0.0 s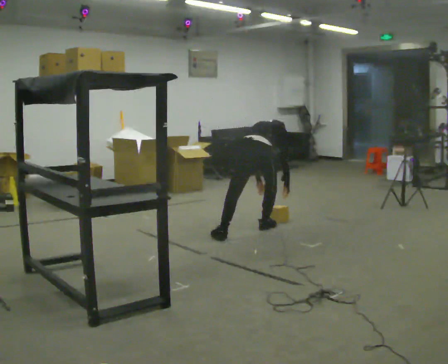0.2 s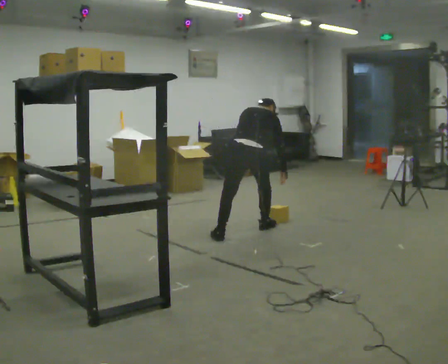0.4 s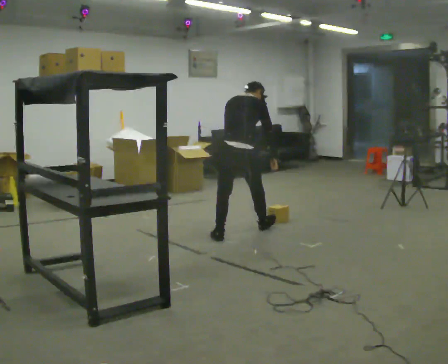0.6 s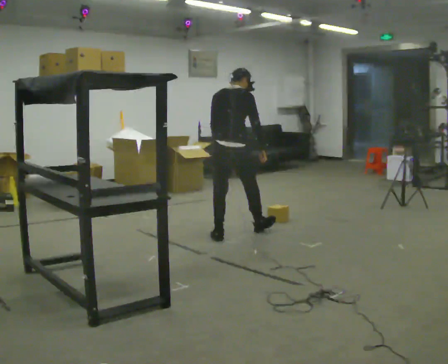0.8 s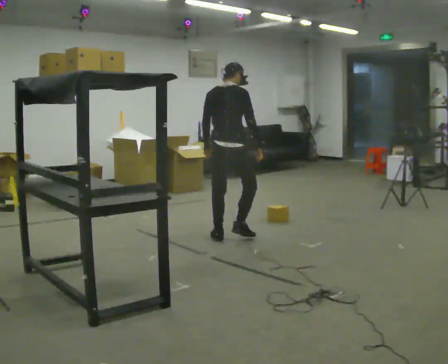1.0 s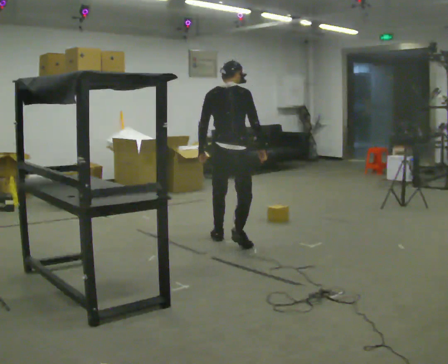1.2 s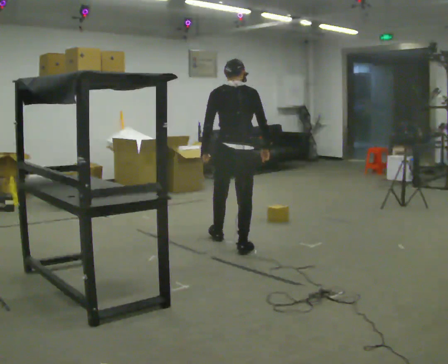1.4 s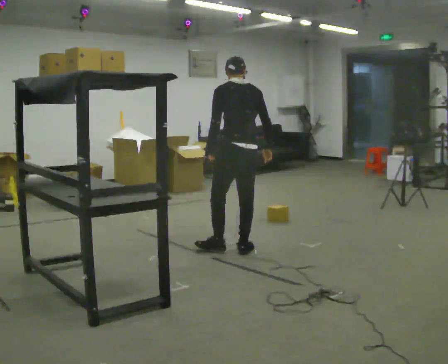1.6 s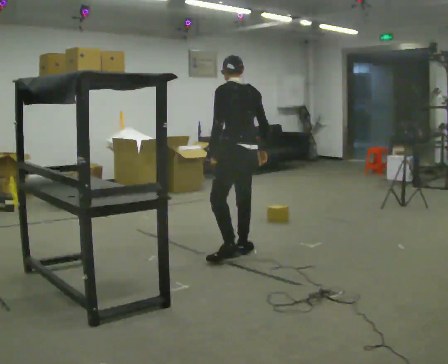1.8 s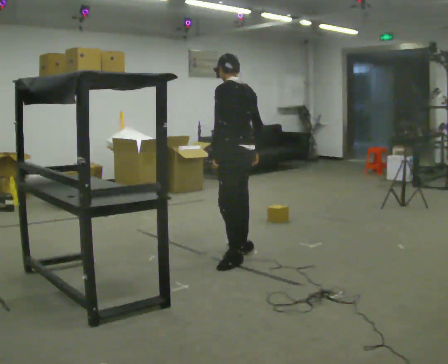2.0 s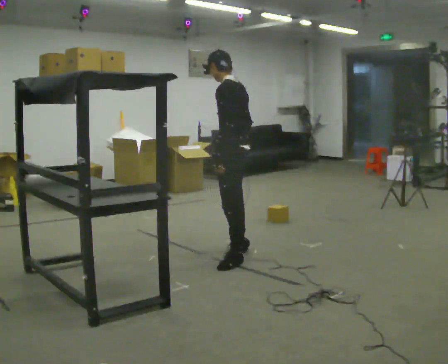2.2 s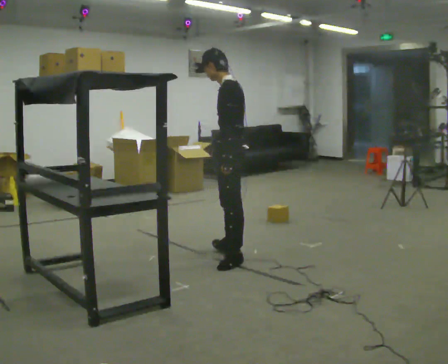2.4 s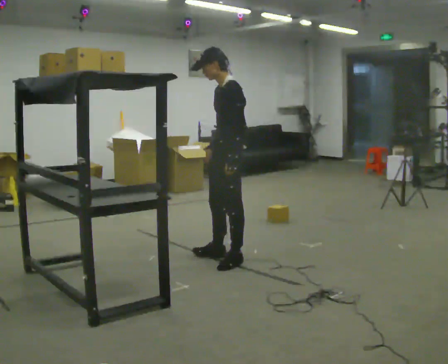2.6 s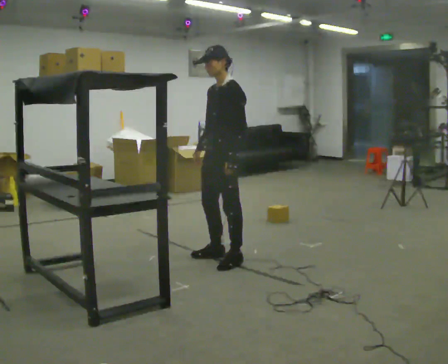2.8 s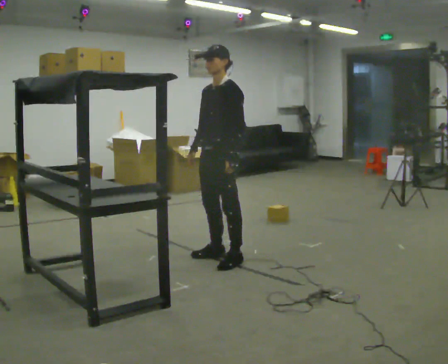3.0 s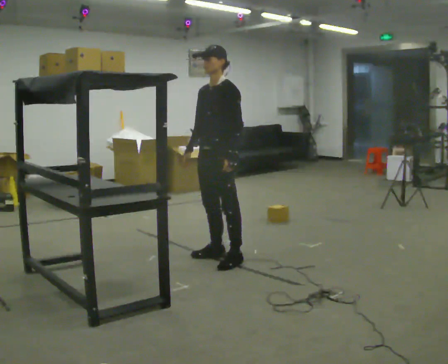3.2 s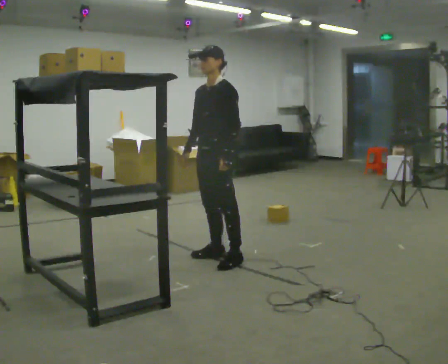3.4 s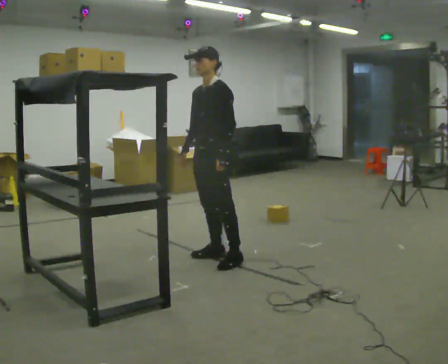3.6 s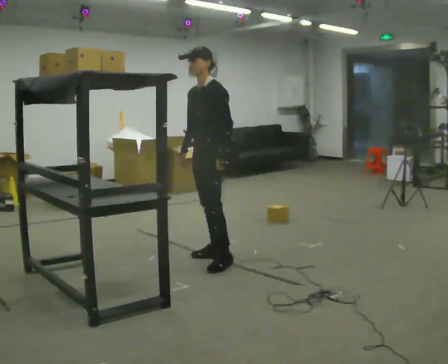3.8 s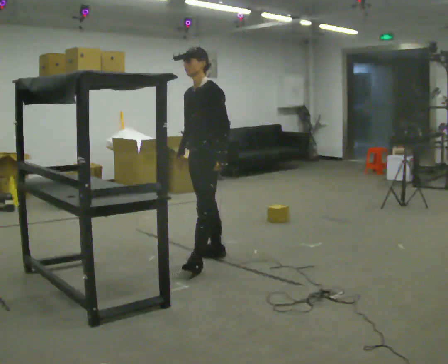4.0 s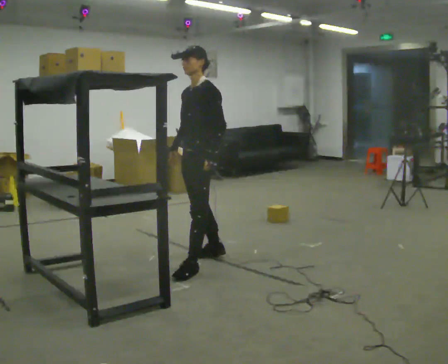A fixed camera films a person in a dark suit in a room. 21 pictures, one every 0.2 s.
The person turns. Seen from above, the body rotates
counterclockwise.
The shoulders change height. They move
upward.
0.0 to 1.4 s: The person turns about 45 degrees to their left, counterclockwise seen from above, so the part of the body nearest the lens slides to the right. In the picture they go toward the camera, about 0.75 m in 2 steps, which for them is backward. The upper body goes upward. The upper body tips toward the camera, its near side rolling downward, as they lean back or straighten. In the picture their right hand goes upward.
1.4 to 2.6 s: The part of the body nearest the lens slides to the right as the person turns to their left by about 90 degrees. In the picture they go toward the camera, about 0.25 m in 1 step.
2.6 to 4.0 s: In the picture they go to the left, about 0.25 m in 1 step, which for them is forward.
The film runs backward here.
